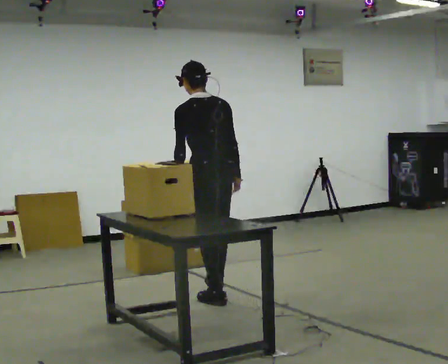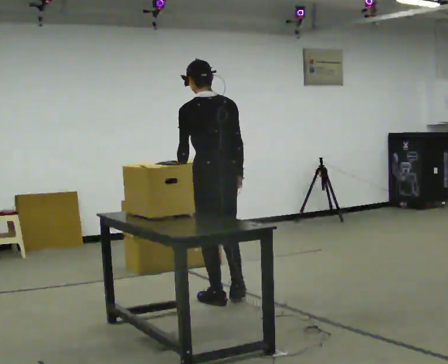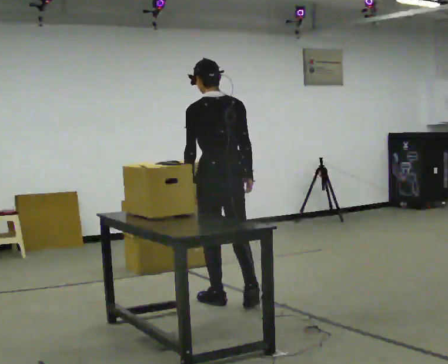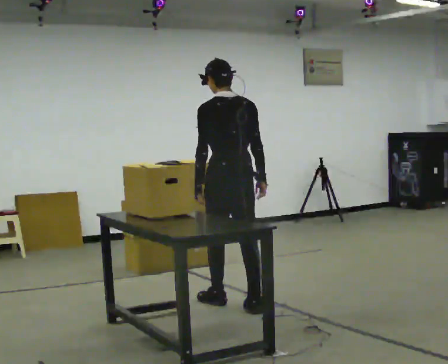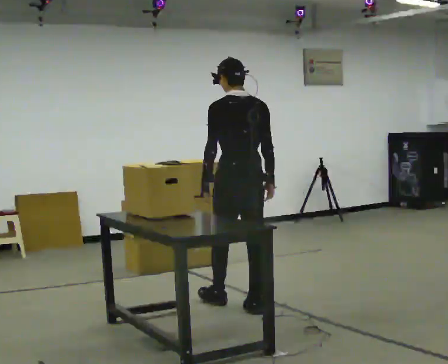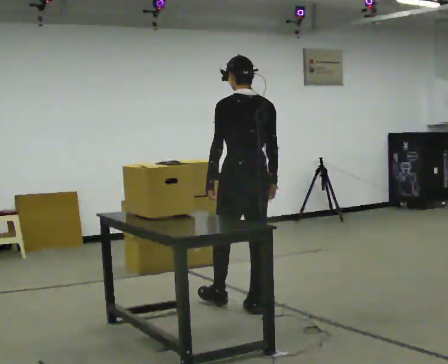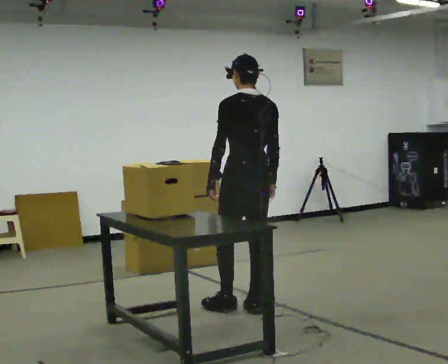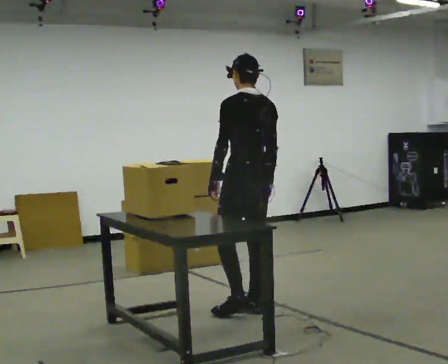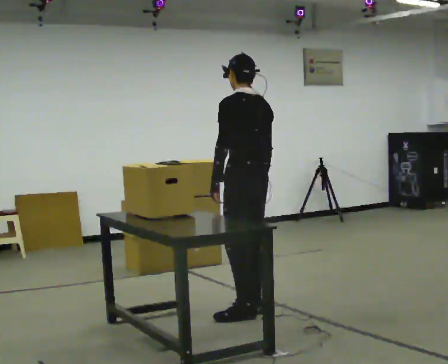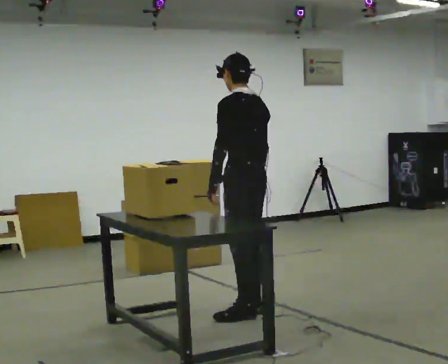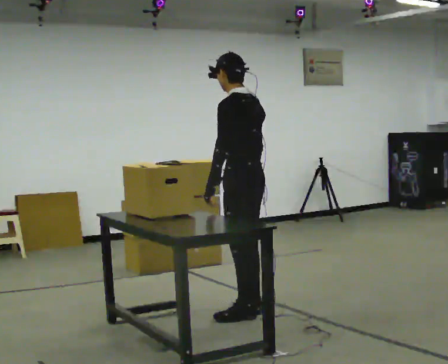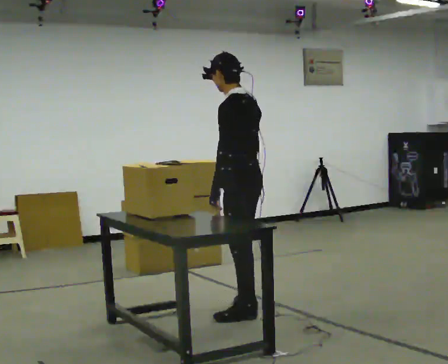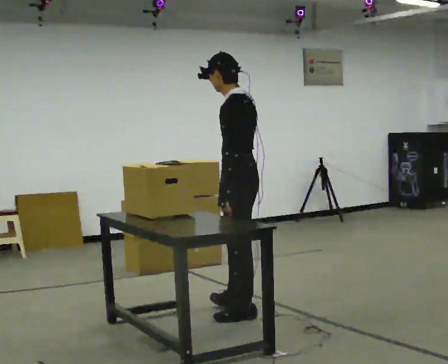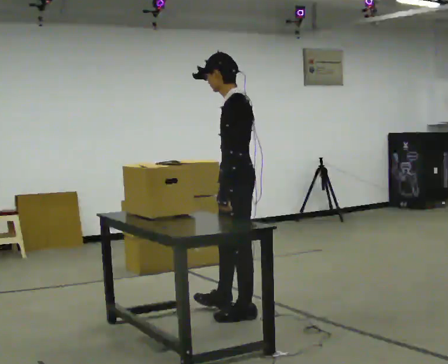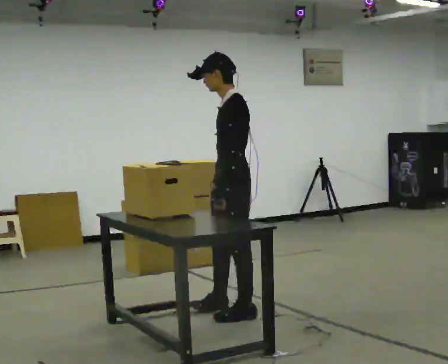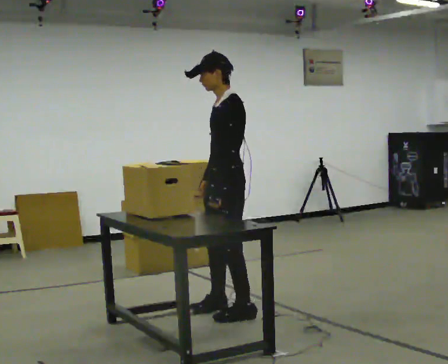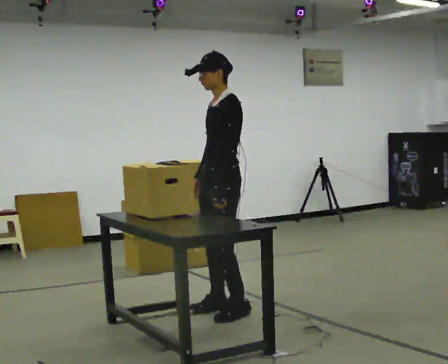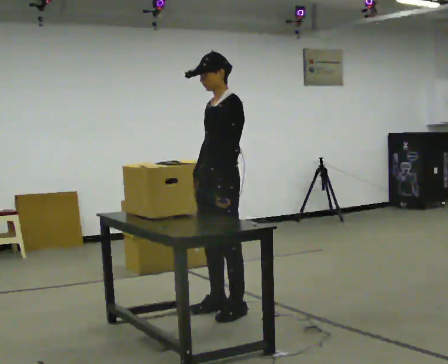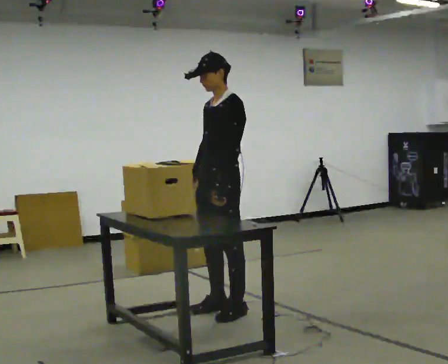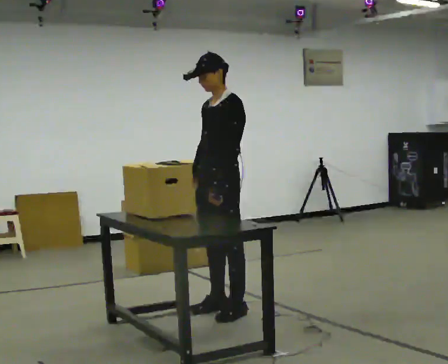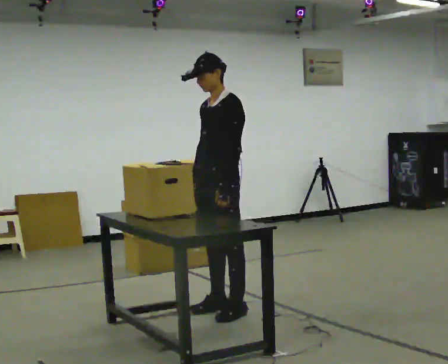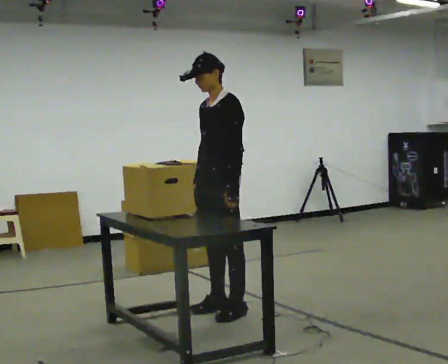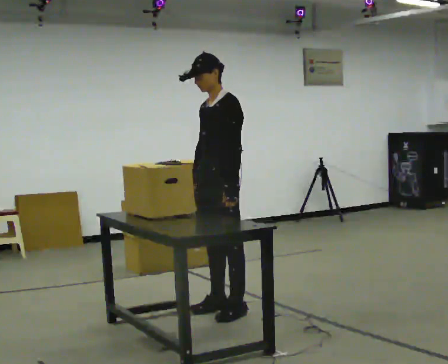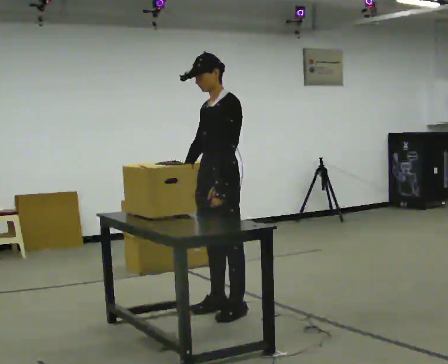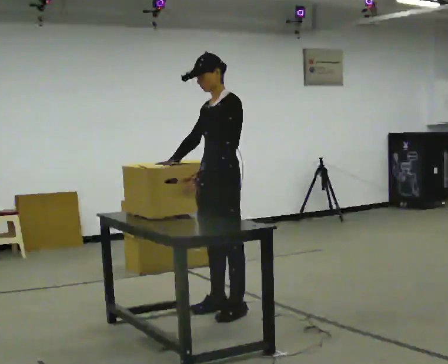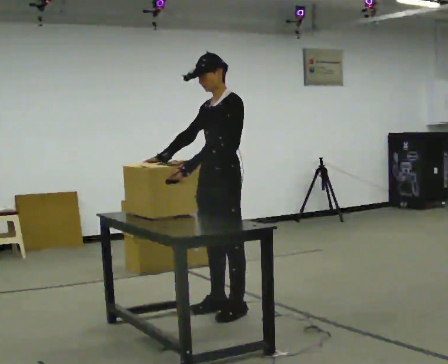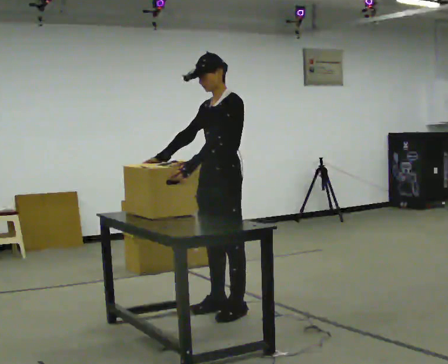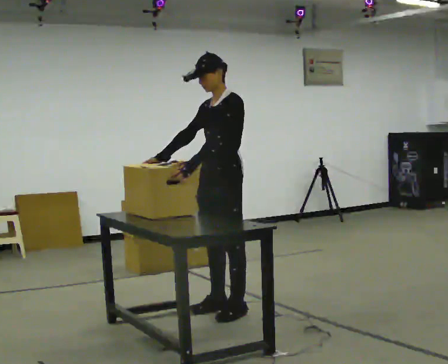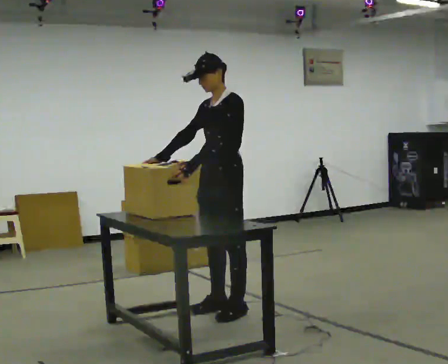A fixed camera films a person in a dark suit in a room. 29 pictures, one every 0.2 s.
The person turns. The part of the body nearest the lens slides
to the right.
Their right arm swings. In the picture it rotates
clockwise.
0.0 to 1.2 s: In the picture they go toward the camera and to the right, about 0.25 m in 1 step, which for them is backward and to their right.
1.2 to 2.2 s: Seen from above the body turns counterclockwise, about 30 degrees: to their left, with its near side sliding to the right. In the picture they go toward the camera, about 0.25 m in 1 step, which for them is to their left.
2.2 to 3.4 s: The part of the body nearest the lens slides to the right as the person turns to their left by about 45 degrees. In the picture they go to the left, about 0.25 m, which for them is to their right and forward. In the picture their right hand goes to the left.
3.4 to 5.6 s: The person moves a little, or ends about where they began.
The film runs backward here.
